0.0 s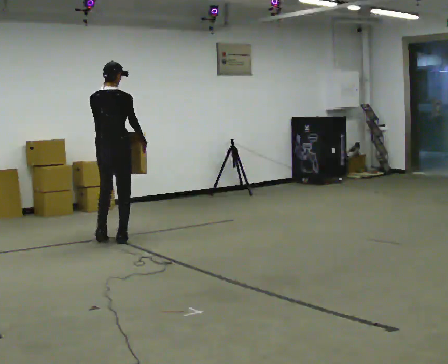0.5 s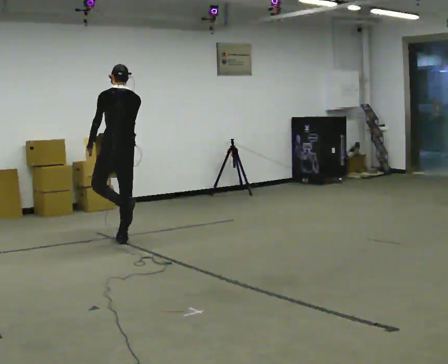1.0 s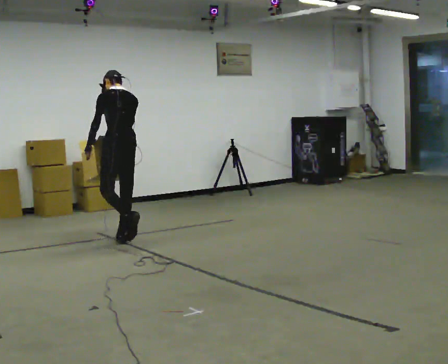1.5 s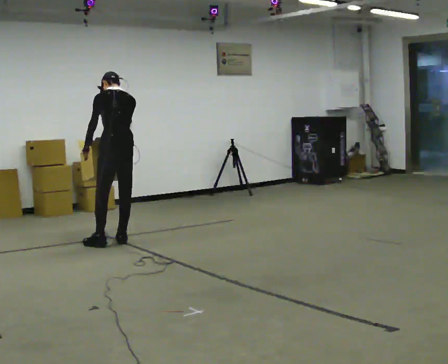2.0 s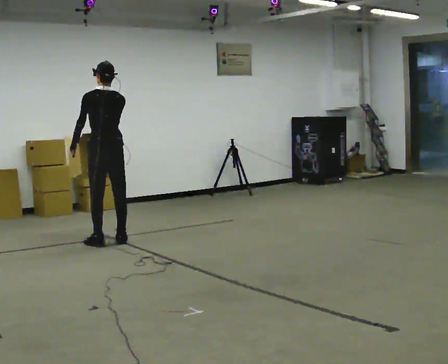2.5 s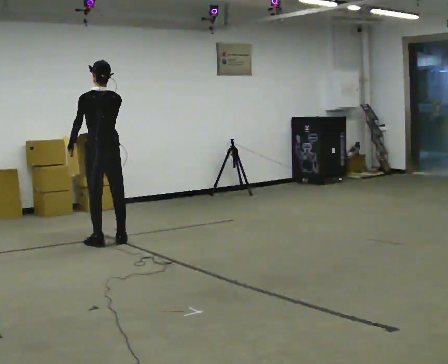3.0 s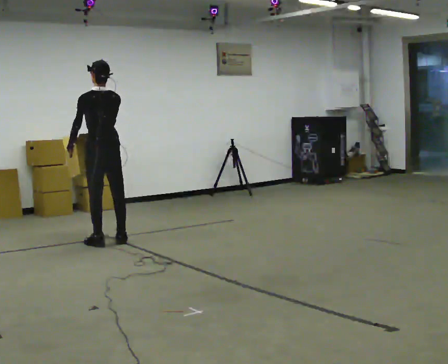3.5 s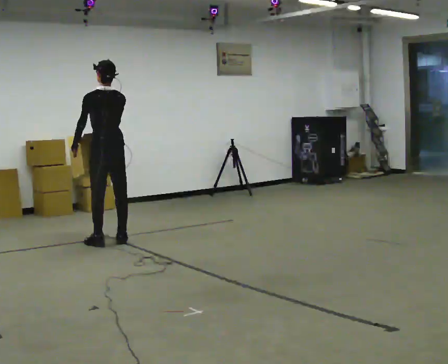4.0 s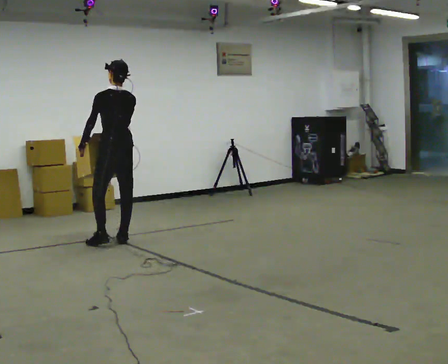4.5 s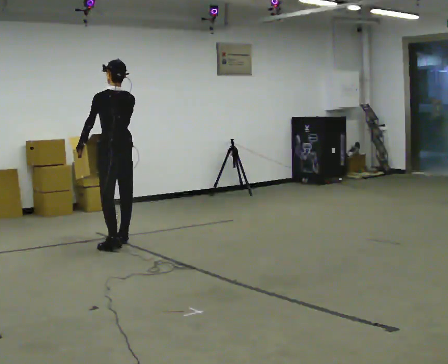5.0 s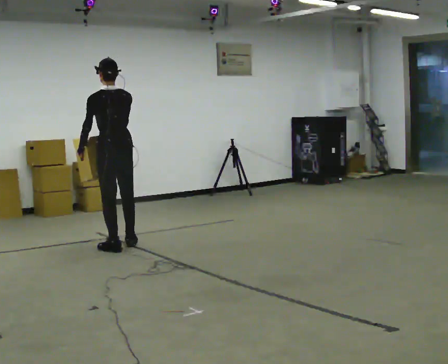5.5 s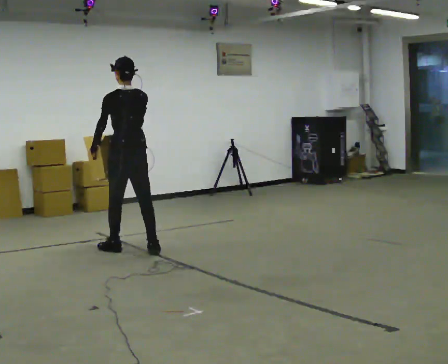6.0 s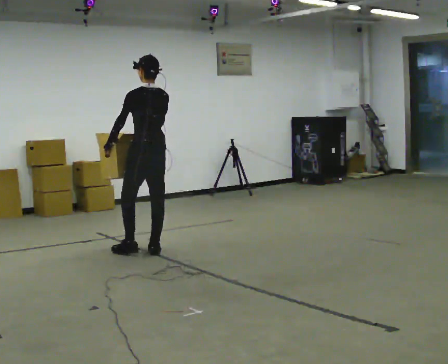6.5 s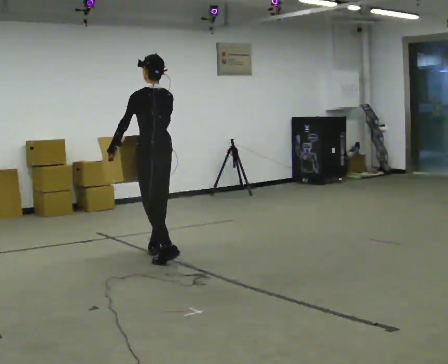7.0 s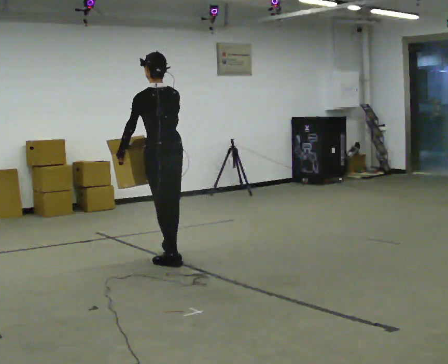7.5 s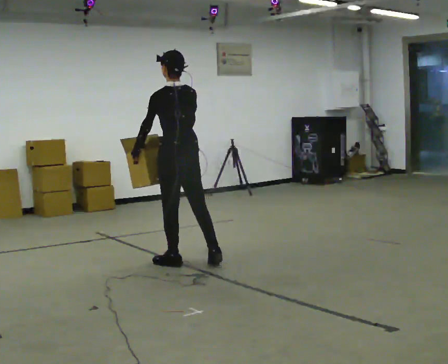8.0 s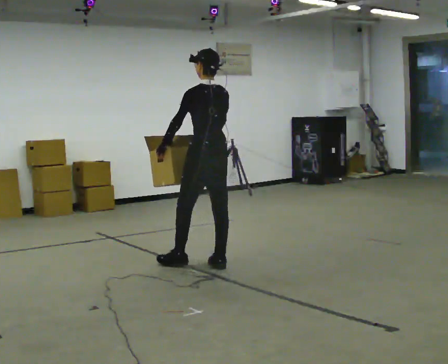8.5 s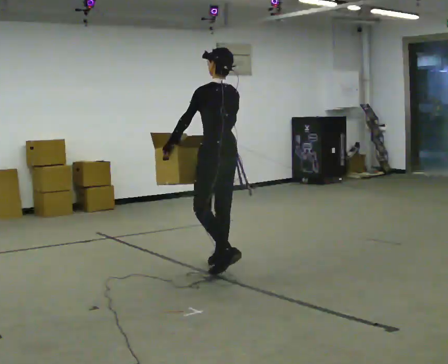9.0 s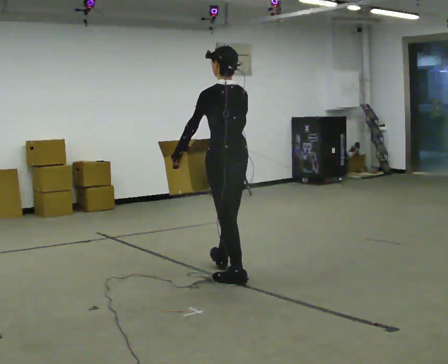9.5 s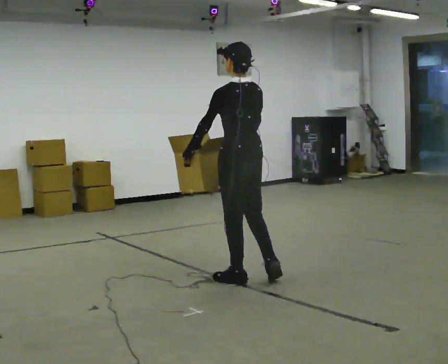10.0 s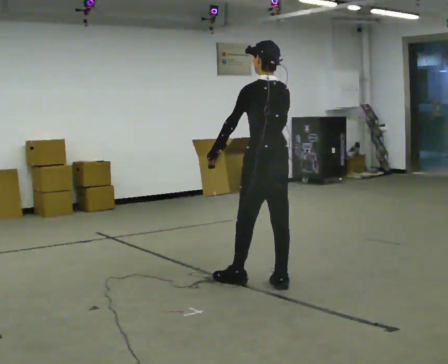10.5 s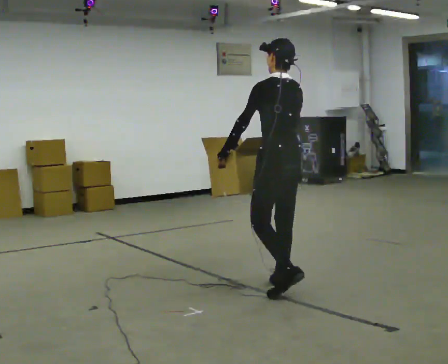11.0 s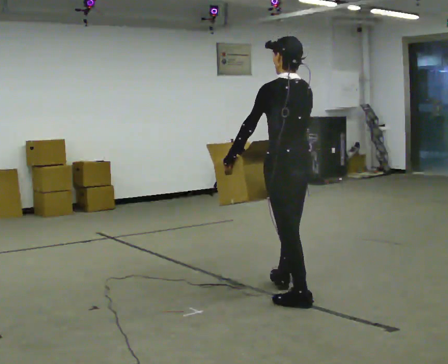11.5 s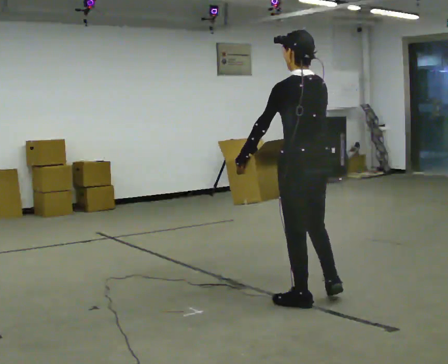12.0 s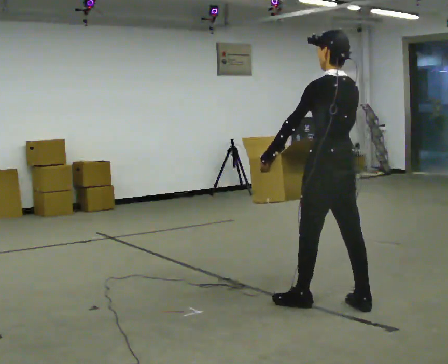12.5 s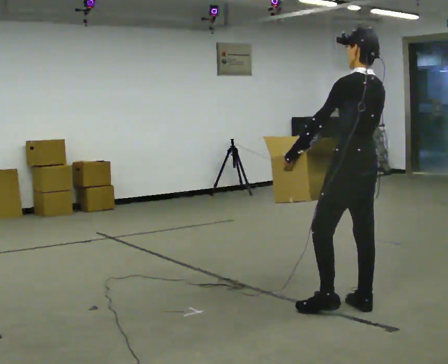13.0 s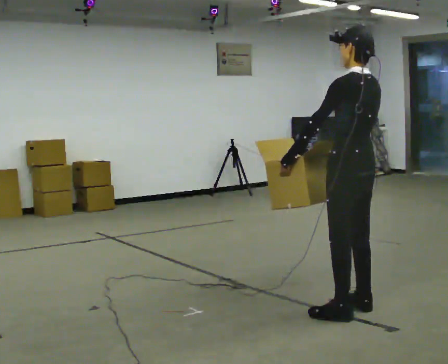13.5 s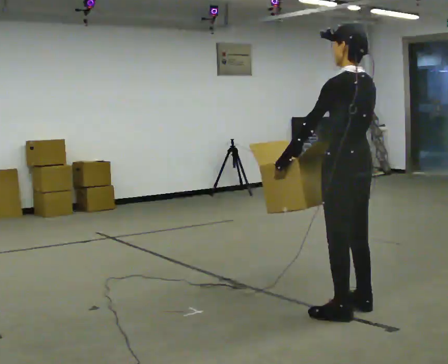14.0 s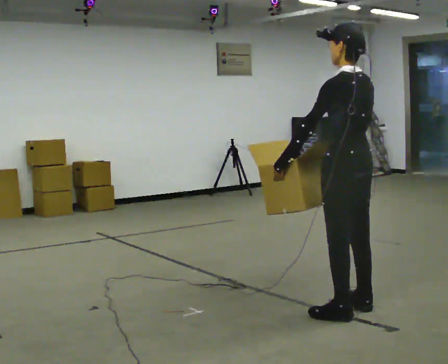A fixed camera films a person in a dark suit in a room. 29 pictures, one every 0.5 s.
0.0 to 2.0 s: The part of the body nearest the lens slides to the right as the person turns to their left by about 30 degrees.
2.0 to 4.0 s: The person moves a little, or ends about where they began.
4.0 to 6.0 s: In the picture they go toward the camera and to the right, about 0.5 m in 2 steps, which for them is backward.
6.0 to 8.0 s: In the picture they go toward the camera and to the right, about 0.5 m in 2 steps, which for them is backward.
8.0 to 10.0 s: In the picture they go toward the camera and to the right, about 0.5 m in 1 step, which for them is backward.
10.0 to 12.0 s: In the picture they go toward the camera and to the right, about 0.75 m in 2 steps, which for them is backward.
12.0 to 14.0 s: In the picture they go toward the camera, about 0.25 m in 1 step, which for them is backward.
The film runs backward here.
